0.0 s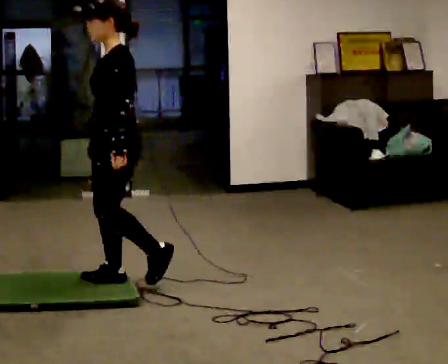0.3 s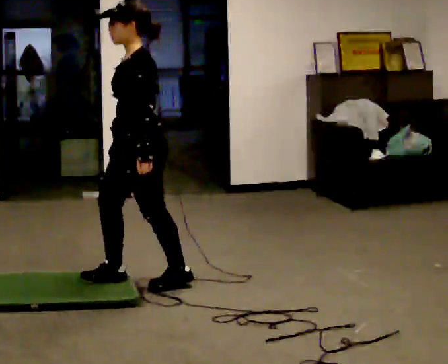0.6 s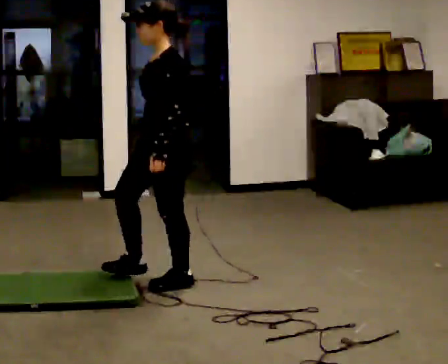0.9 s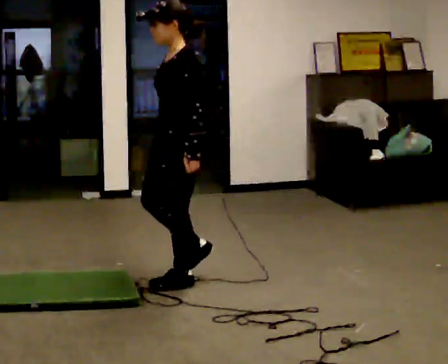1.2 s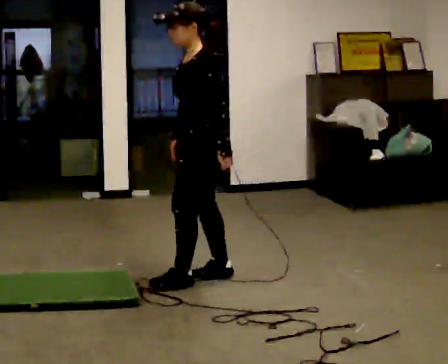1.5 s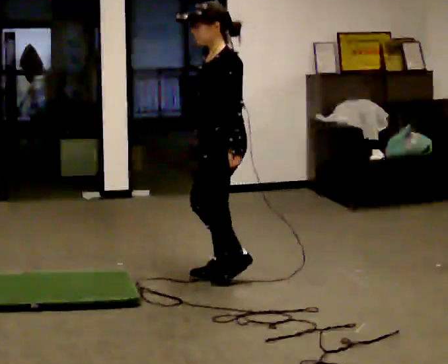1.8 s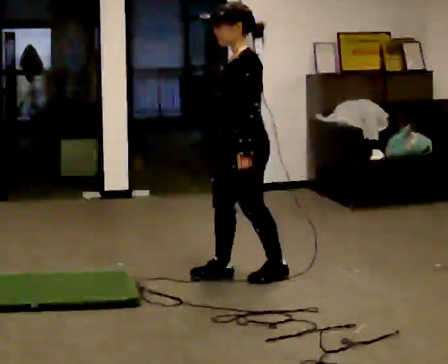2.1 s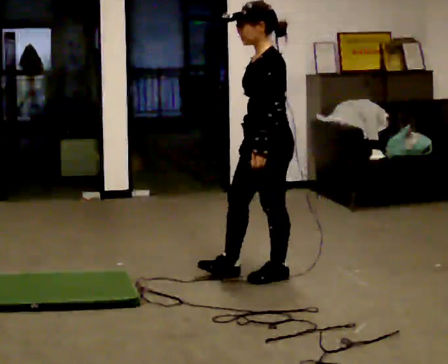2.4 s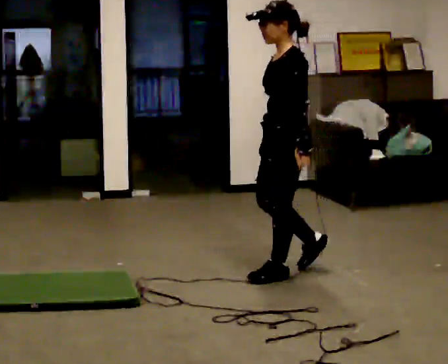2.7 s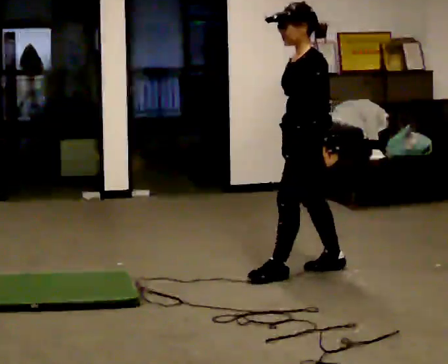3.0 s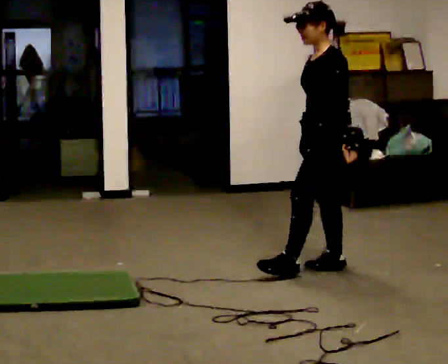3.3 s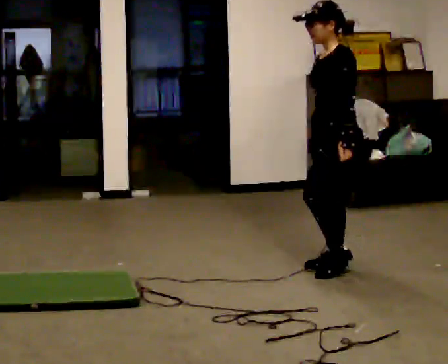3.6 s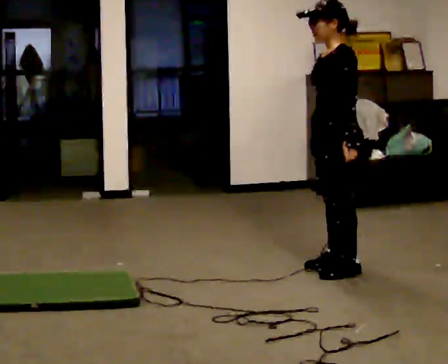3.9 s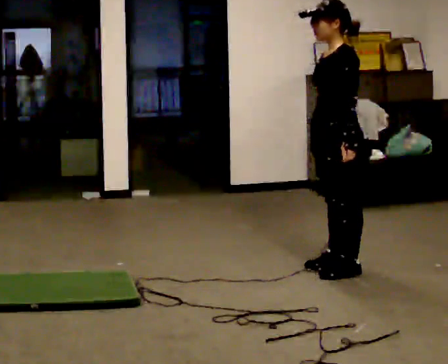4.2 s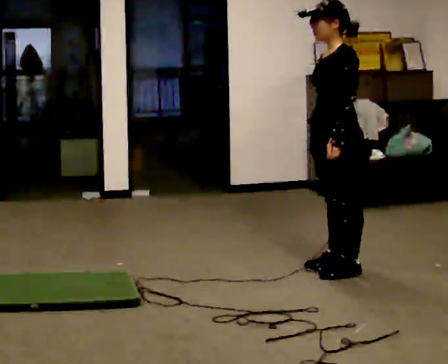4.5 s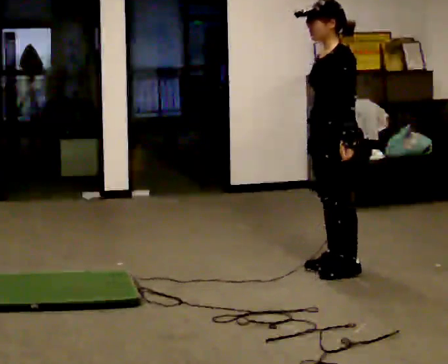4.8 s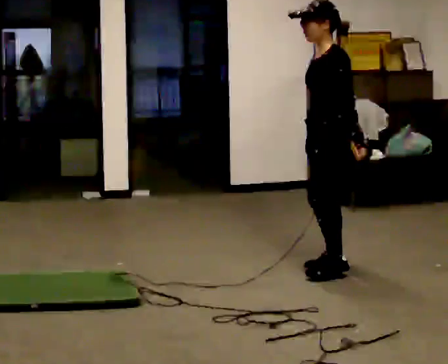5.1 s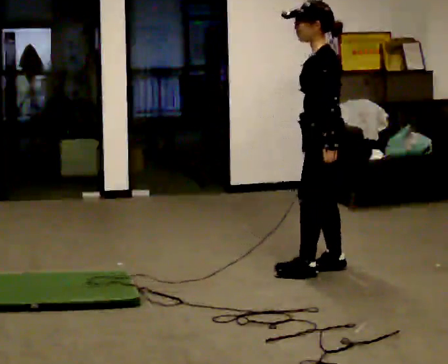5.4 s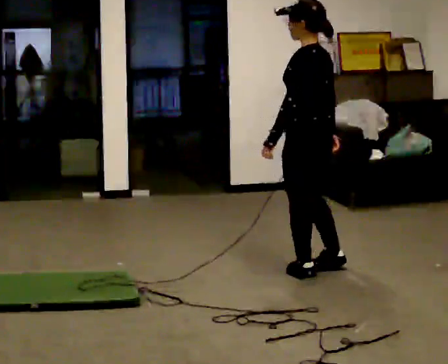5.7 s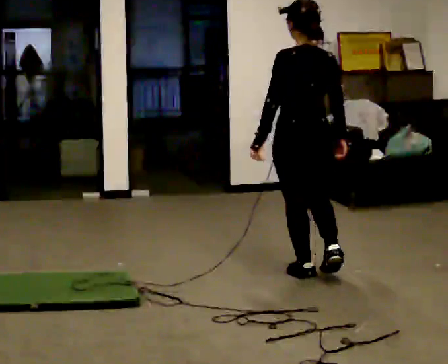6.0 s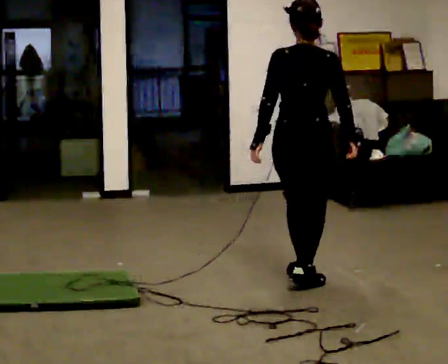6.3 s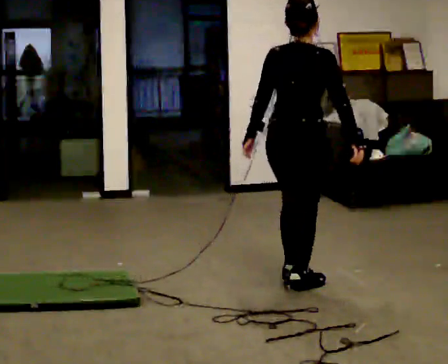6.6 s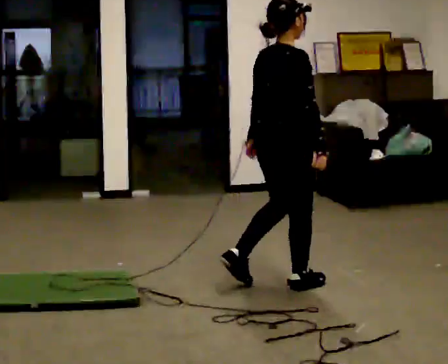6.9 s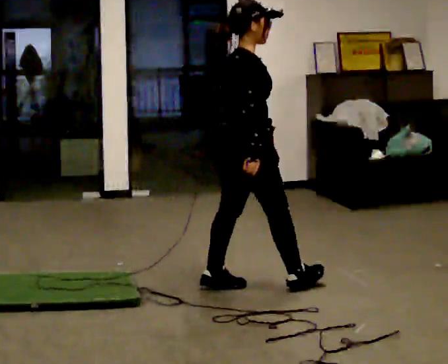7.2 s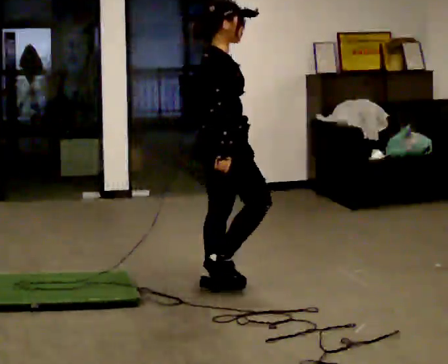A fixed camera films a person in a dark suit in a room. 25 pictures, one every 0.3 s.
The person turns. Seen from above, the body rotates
clockwise.
The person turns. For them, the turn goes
to their right.
0.0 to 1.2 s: In the picture they go to the right and away from the camera, about 0.5 m in 1 step, which for them is backward.
1.2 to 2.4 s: In the picture they go to the right, about 0.5 m in 2 steps, which for them is backward.
2.4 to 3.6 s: In the picture they go to the right and away from the camera, about 0.25 m in 1 step, which for them is backward.
3.6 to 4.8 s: The person moves a little, or ends about where they began.
4.8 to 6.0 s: The person turns about 105 degrees to their right, clockwise seen from above, so the part of the body nearest the lens slides to the left. In the picture they go toward the camera, about 0.25 m in 1 step.
6.0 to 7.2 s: The part of the body nearest the lens slides to the left as the person turns to their right by about 75 degrees. In the picture they go to the left and toward the camera, about 0.5 m in 2 steps.
The film runs backward here.
